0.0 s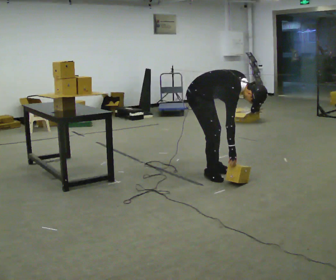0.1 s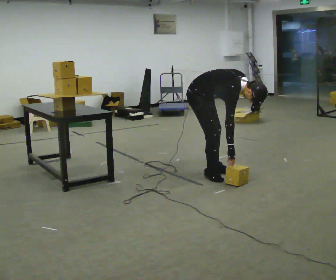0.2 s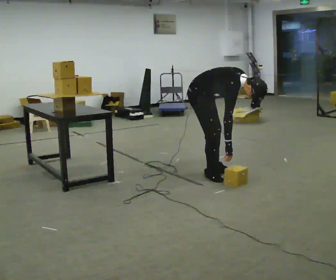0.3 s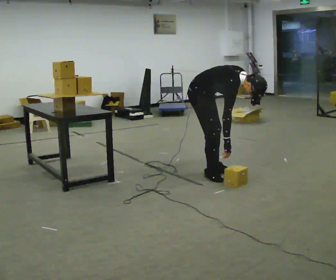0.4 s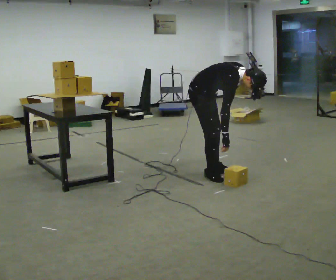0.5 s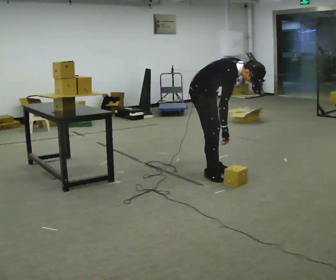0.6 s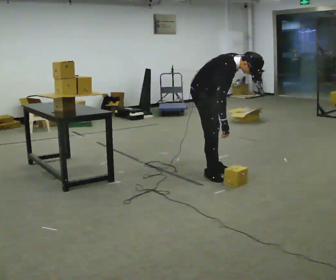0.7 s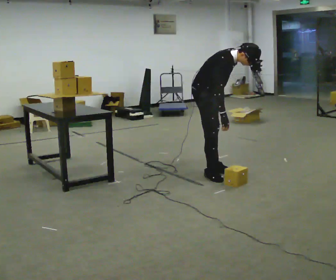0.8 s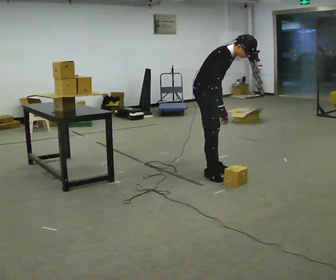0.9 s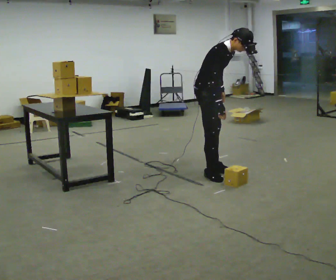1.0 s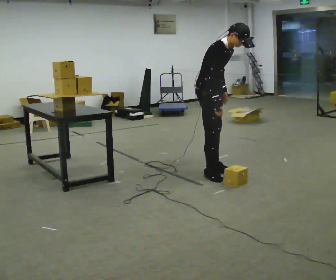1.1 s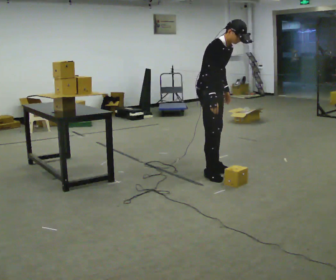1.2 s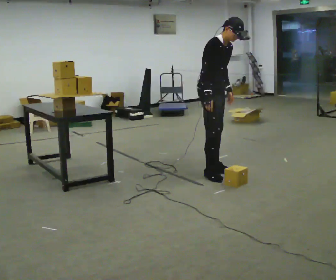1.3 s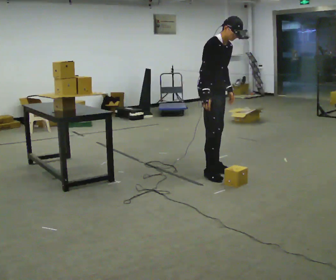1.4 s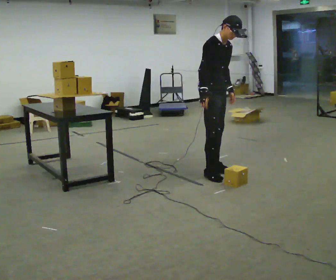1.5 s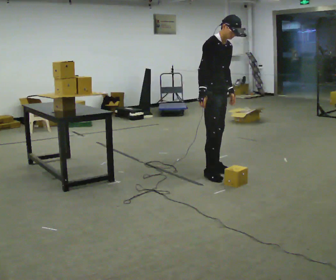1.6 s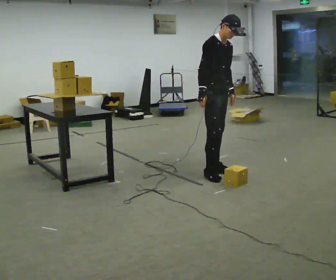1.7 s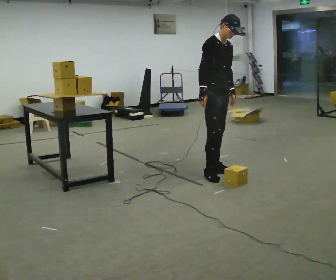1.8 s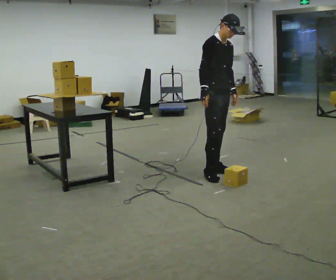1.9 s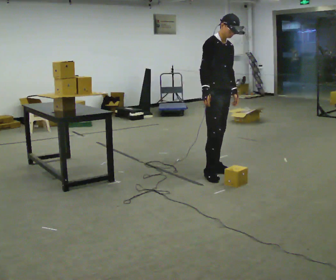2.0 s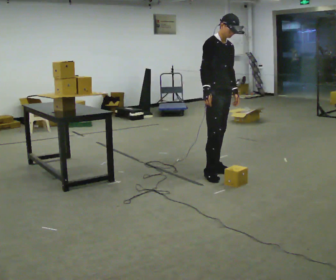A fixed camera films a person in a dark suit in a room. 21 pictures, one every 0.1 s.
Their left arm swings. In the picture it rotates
counterclockwise.
The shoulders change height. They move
upward.
0.0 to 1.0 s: The upper body goes upward. In the picture the upper body tilts counterclockwise, shoulders to the left, as they lean back or straighten.
1.0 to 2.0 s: In the picture the upper body tilts counterclockwise, shoulders to the left, as they lean back or straighten.
The film runs forward here.
